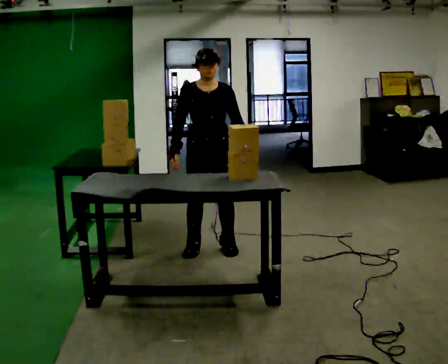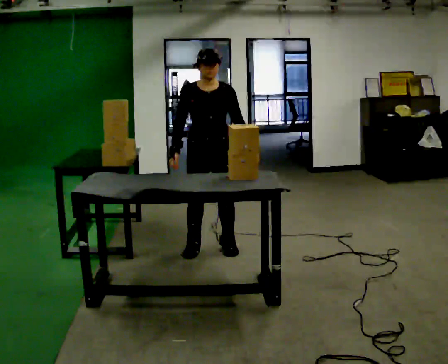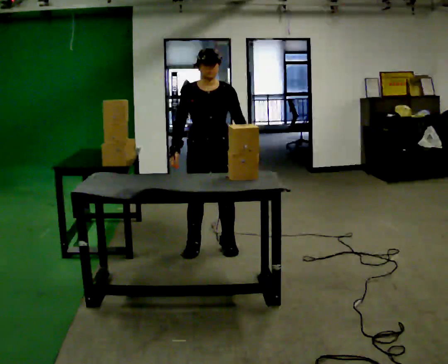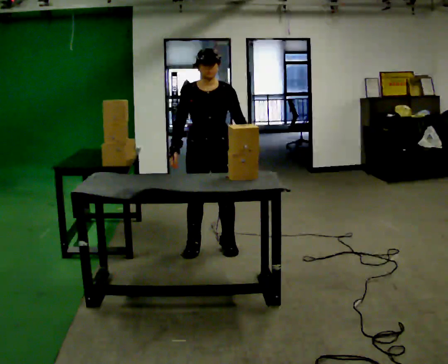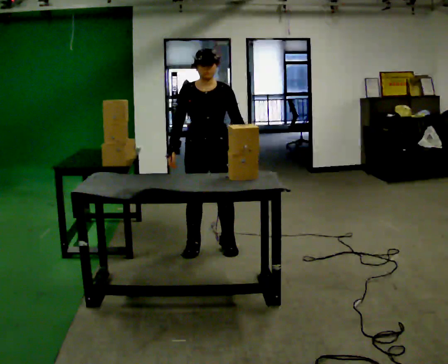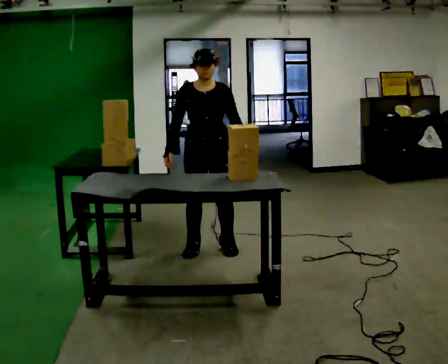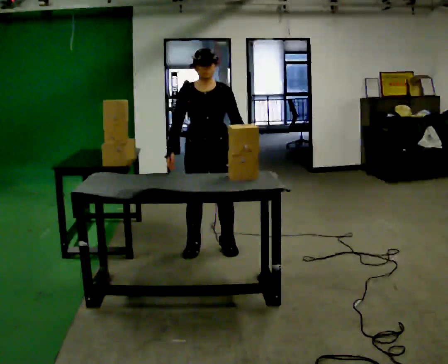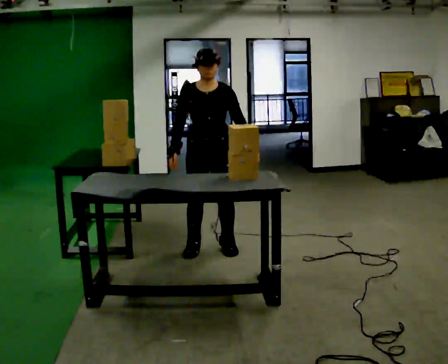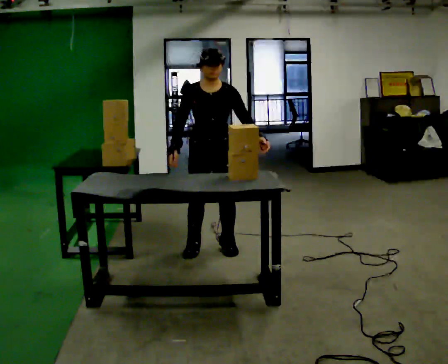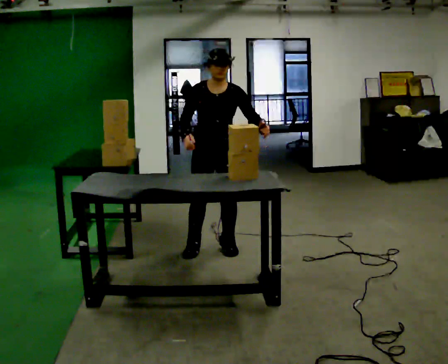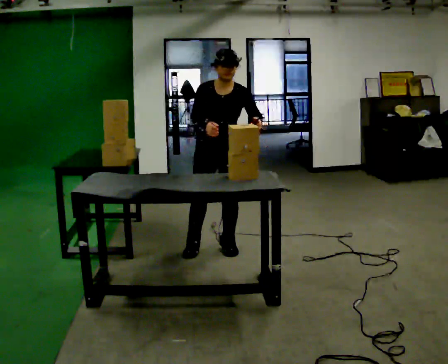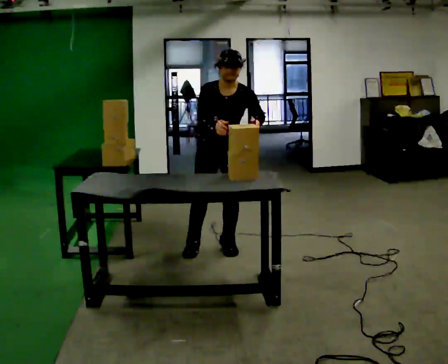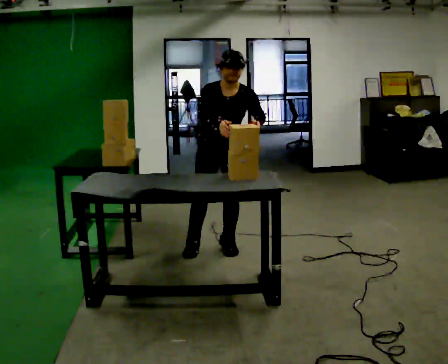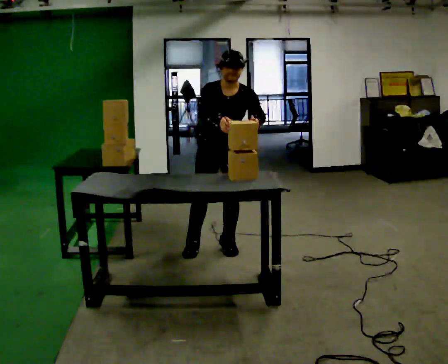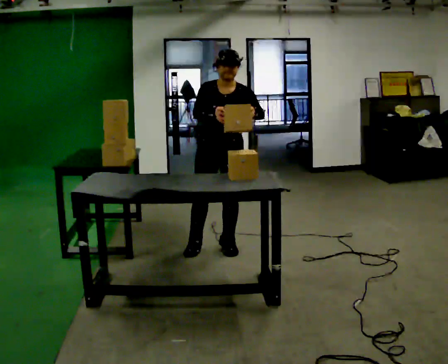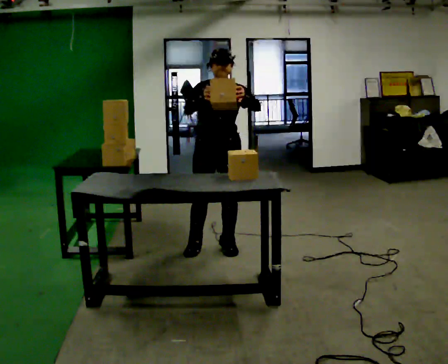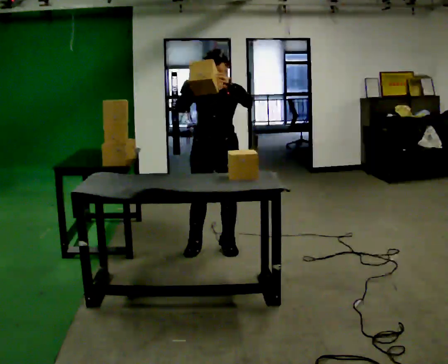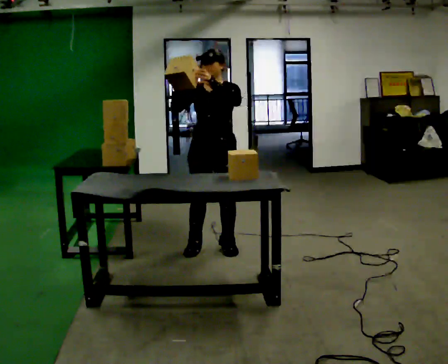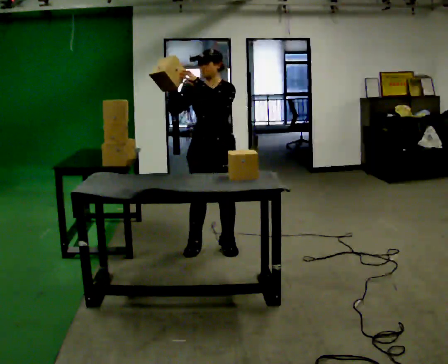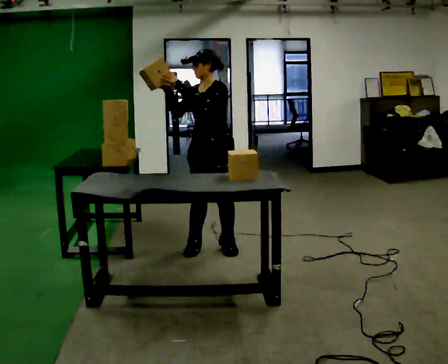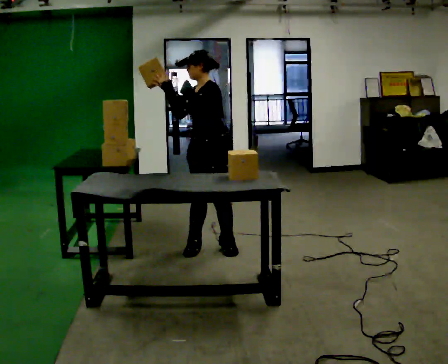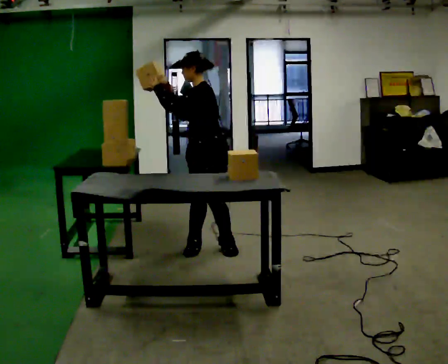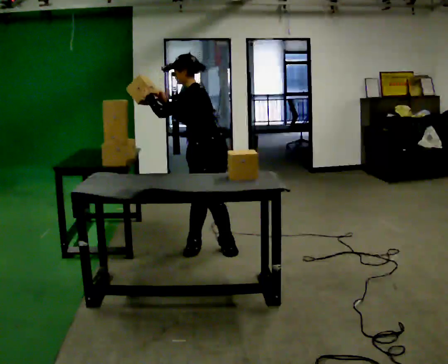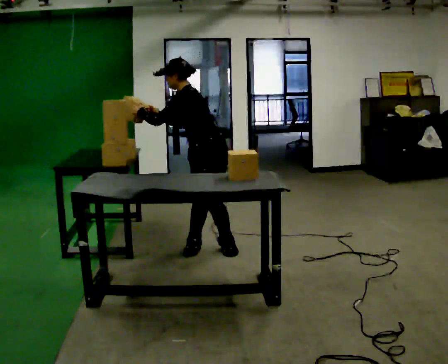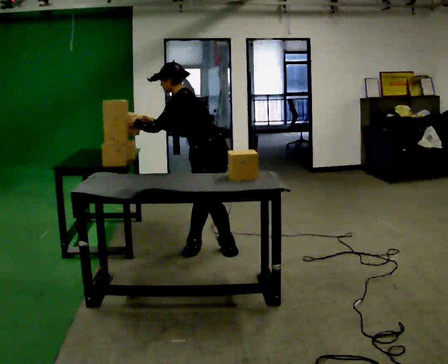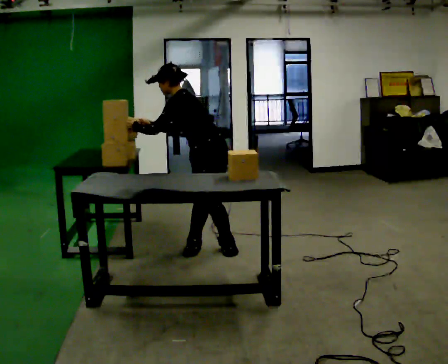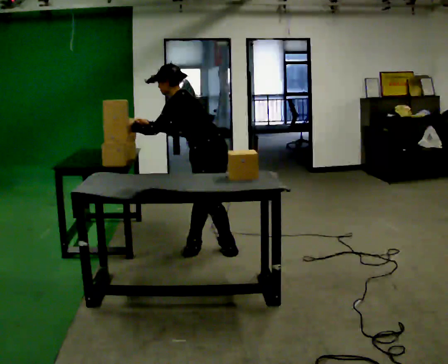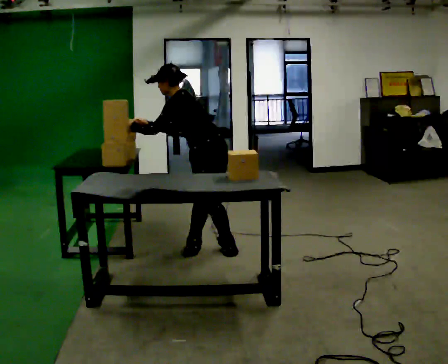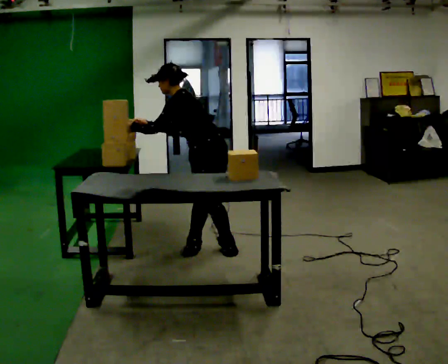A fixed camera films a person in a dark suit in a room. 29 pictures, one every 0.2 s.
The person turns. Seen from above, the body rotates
clockwise.
The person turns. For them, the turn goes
to their right.
0.0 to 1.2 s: The person moves a little, or ends about where they began.
1.2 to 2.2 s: The upper body tips toward the camera, its near side rolling downward, as they bend forward. In the picture their right hand goes to the right.
2.2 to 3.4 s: The upper body tips away from the camera, its near side rolling upward, as they lean back or straighten.
3.4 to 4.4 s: The part of the body nearest the lens slides to the left as the person turns to their right by about 45 degrees. In the picture the upper body tilts counterclockwise, shoulders to the left, as they bend forward. In the picture their left hand goes to the left.
4.4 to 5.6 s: In the picture the upper body tilts counterclockwise, shoulders to the left, as they bend forward.
The film runs forward here.
